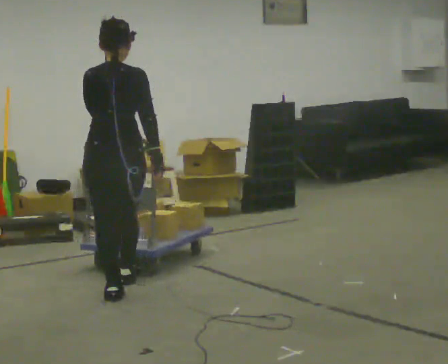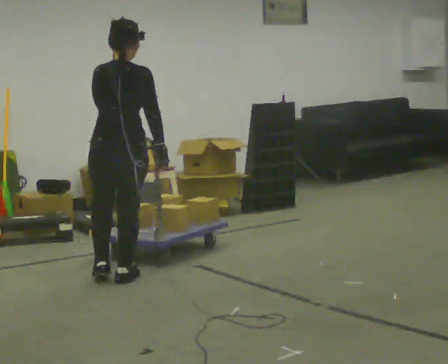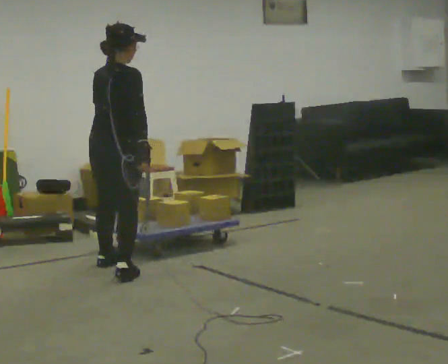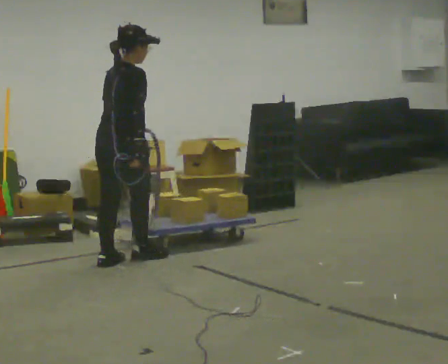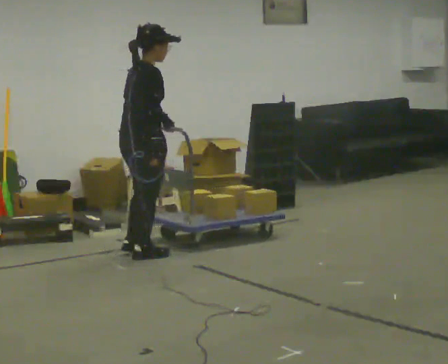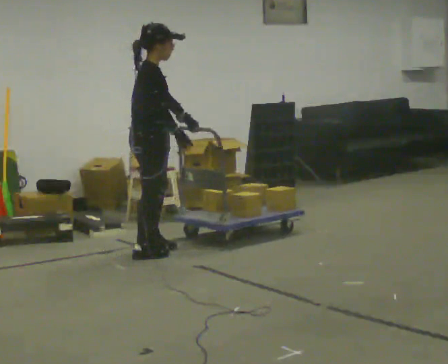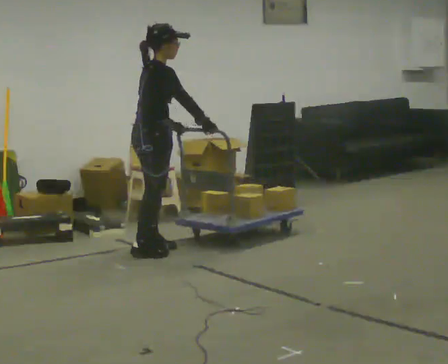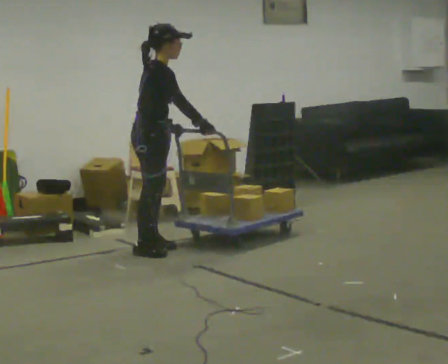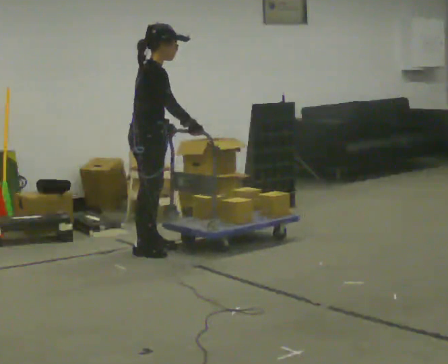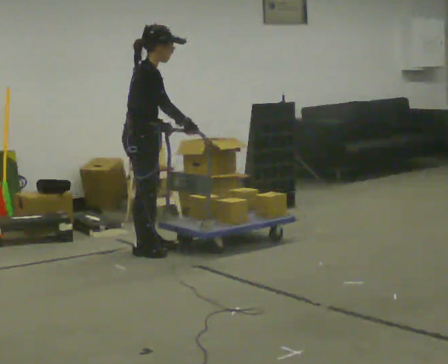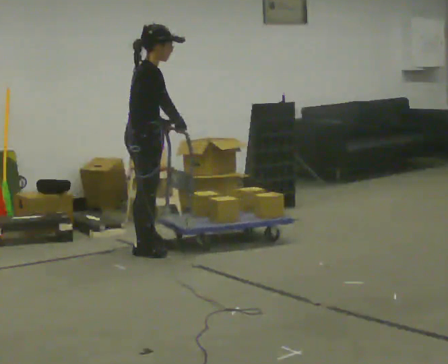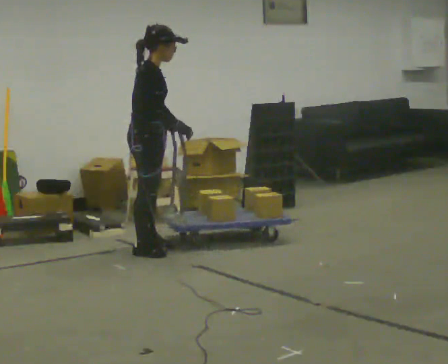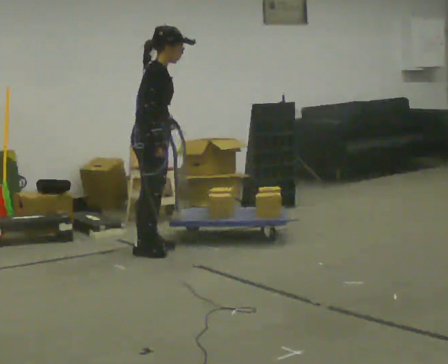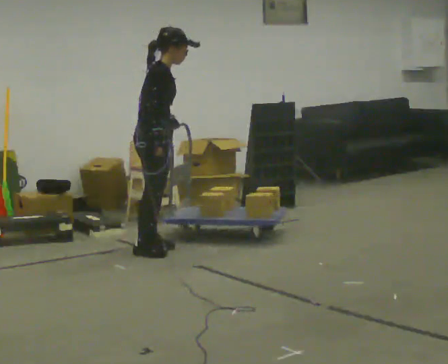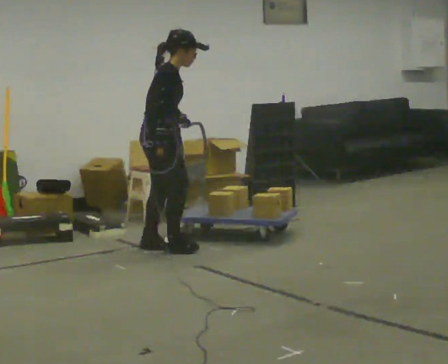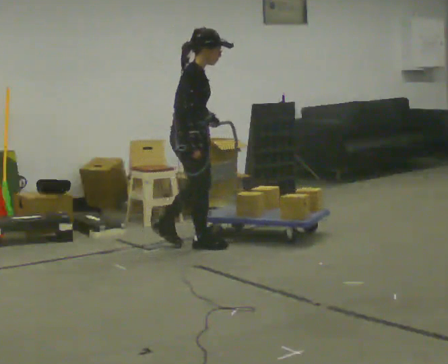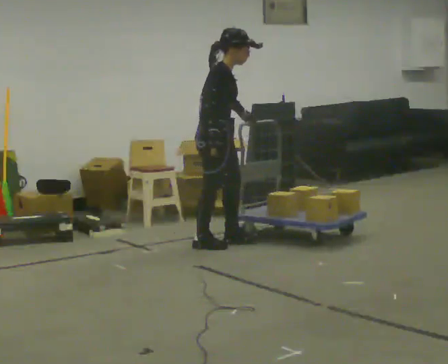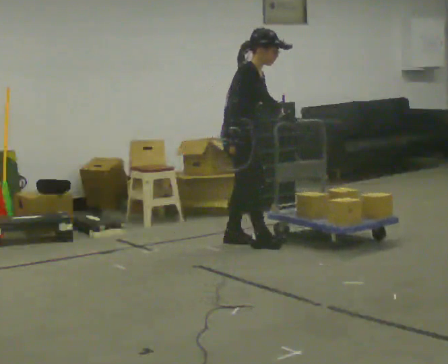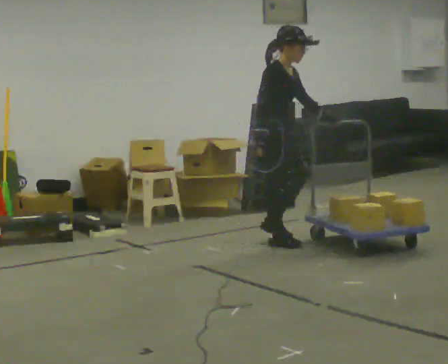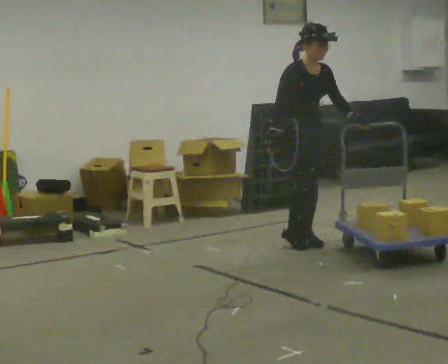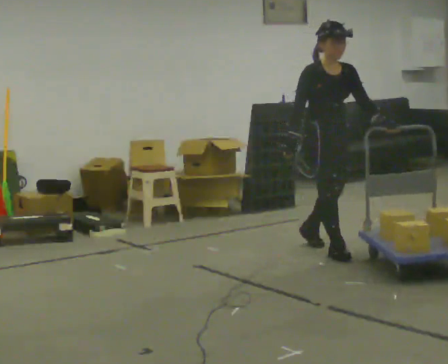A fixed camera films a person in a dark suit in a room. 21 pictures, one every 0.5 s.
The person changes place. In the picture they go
to the right.
The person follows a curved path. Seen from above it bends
clockwise.
0.0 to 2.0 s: The part of the body nearest the lens slides to the left as the person turns to their right by about 60 degrees. In the picture they go away from the camera, about 1 m in 3 steps, which for them is forward and to their left.
2.0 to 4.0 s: Seen from above the body turns clockwise, about 30 degrees: to their right, with its near side sliding to the left. In the picture they go away from the camera, about 0.25 m in 1 step, which for them is to their left.
4.0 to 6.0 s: The person moves a little, or ends about where they began.
6.0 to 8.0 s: In the picture they go to the right, about 0.5 m in 2 steps, which for them is forward.
8.0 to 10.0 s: Seen from above the body turns clockwise, about 45 degrees: to their right, with its near side sliding to the left. In the picture they go to the right and toward the camera, about 1 m in 3 steps, which for them is forward.
The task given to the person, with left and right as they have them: Push the cart across the room using only the hand the operator calls. Keep your other arm at your side.
The film runs forward here.
